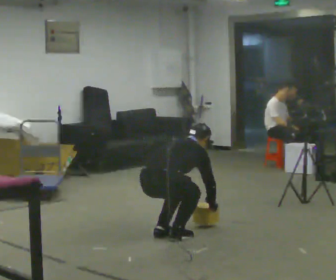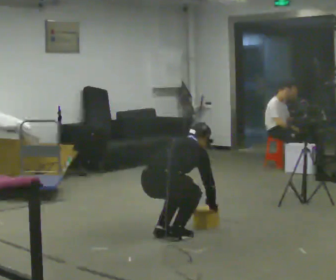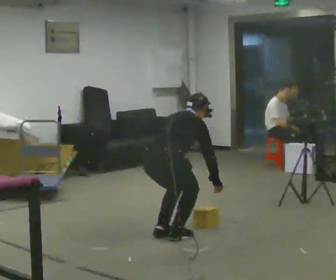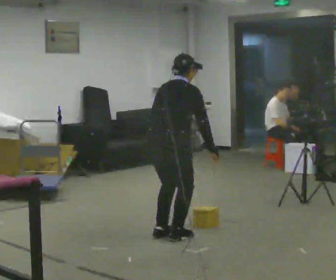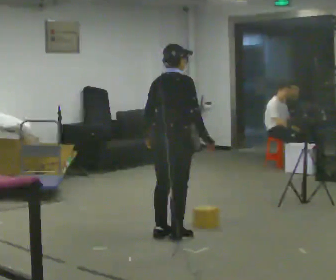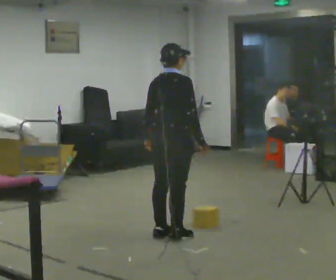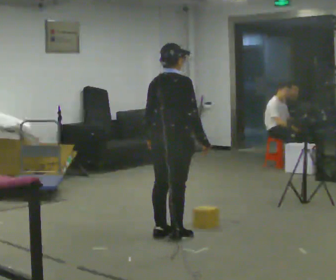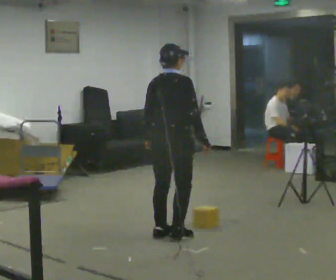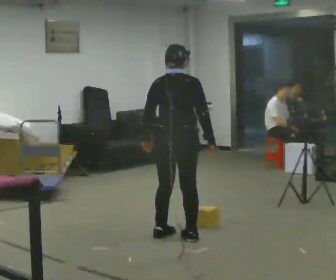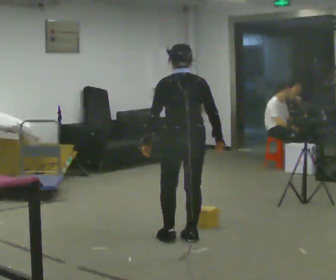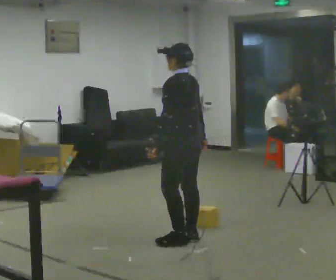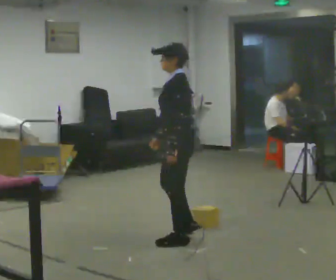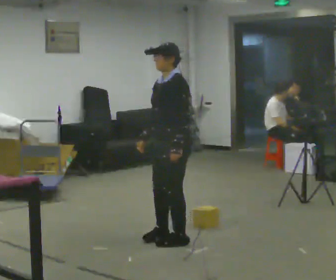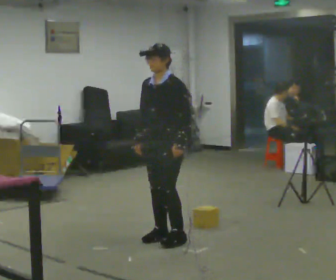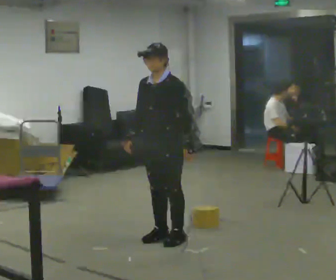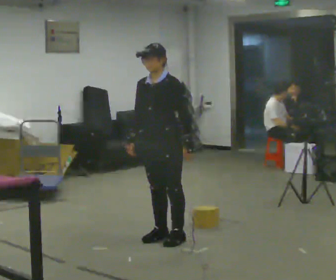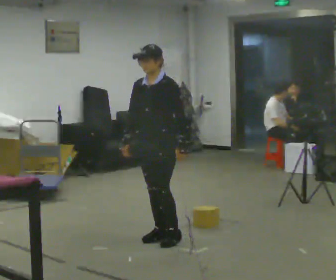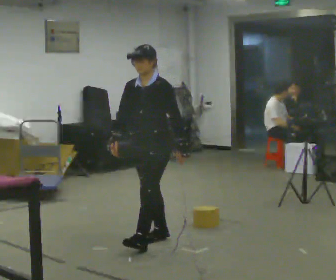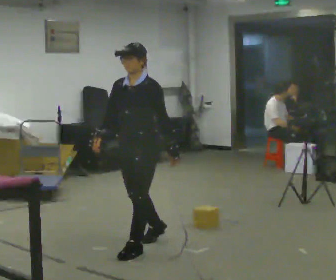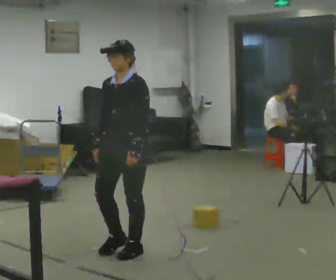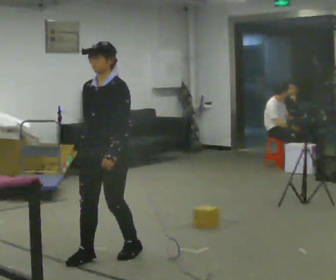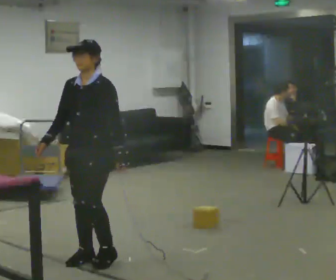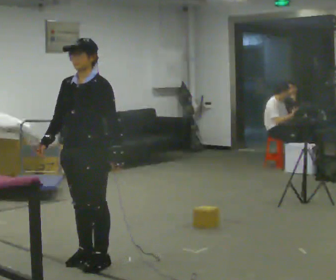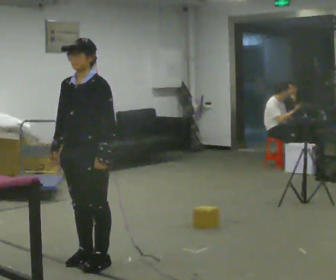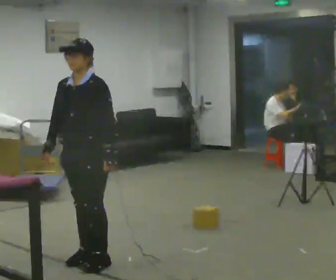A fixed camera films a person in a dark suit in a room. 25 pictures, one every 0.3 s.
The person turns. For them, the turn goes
to their left.
The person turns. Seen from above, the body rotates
counterclockwise.
0.0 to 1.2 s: The shoulders move upward. In the picture the upper body tilts counterclockwise, shoulders to the left, as they lean back or straighten. In the picture their right hand goes upward.
1.2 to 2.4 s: The part of the body nearest the lens slides to the right as the person turns to their left by about 30 degrees.
2.4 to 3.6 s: Seen from above the body turns counterclockwise, about 135 degrees: to their left, with its near side sliding to the right. In the picture their right hand goes to the left, the arm swinging clockwise.
3.6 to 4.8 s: Seen from above the body turns counterclockwise, about 30 degrees: to their left, with its near side sliding to the right.
4.8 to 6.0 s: In the picture they go toward the camera and to the left, about 0.75 m in 2 steps, which for them is forward.
6.0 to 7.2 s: The person moves a little, or ends about where they began.
The film runs forward here.
